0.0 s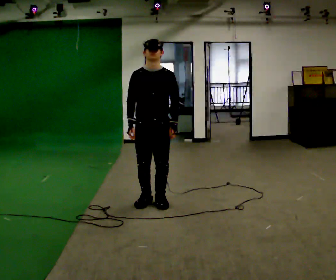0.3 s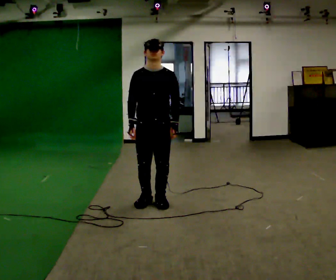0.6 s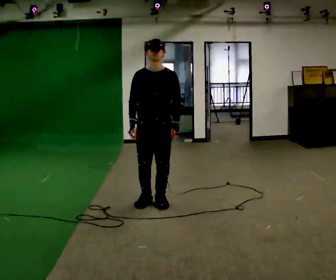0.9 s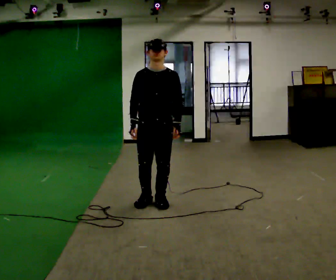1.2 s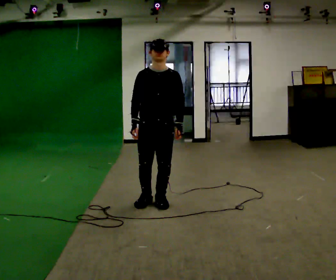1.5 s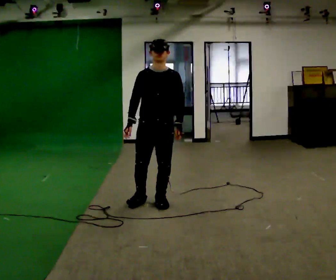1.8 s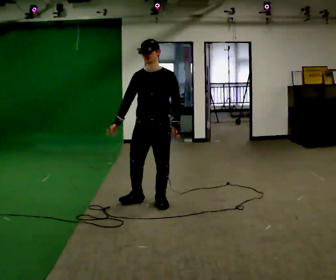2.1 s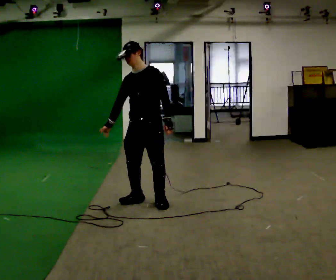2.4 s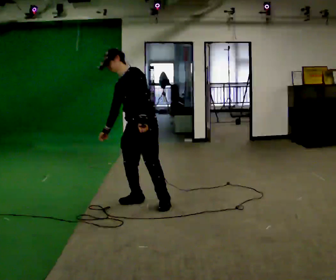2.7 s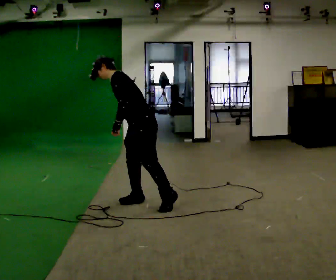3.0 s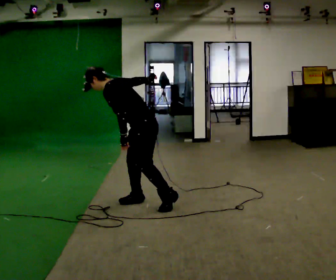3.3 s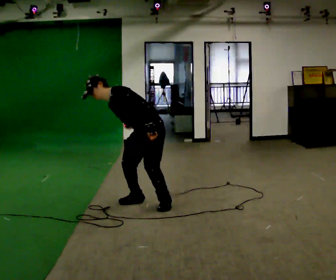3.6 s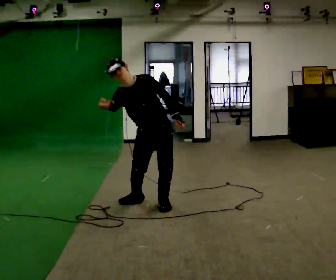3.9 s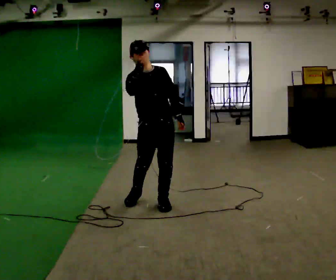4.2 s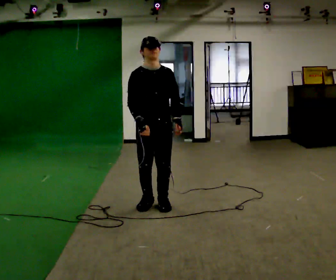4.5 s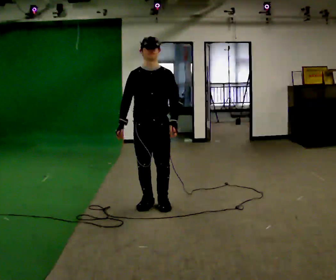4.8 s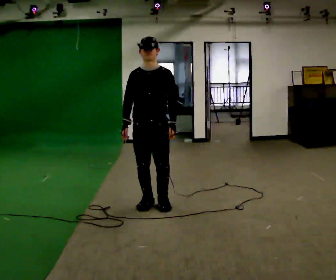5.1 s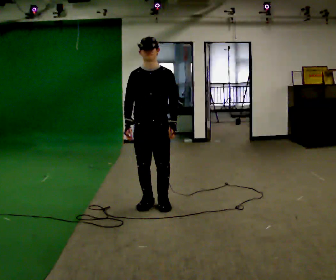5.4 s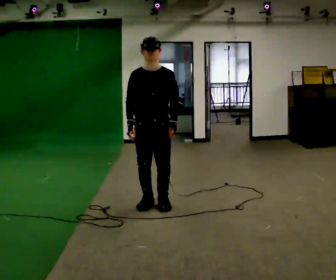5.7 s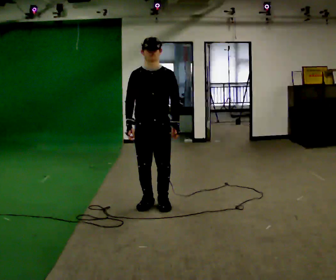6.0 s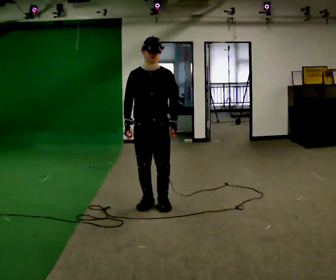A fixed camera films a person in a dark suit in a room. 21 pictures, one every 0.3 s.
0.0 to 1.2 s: The person moves a little, or ends about where they began.
1.2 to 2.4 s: Seen from above the body turns clockwise, about 45 degrees: to their right, with its near side sliding to the left. In the picture the upper body tilts counterclockwise, shoulders to the left. In the picture their left hand goes to the left.
2.4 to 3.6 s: The part of the body nearest the lens slides to the right as the person turns to their left by about 45 degrees. The upper body tips toward the camera, its near side rolling downward. In the picture their right hand goes upward.
3.6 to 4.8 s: The upper body goes upward. In the picture the upper body tilts clockwise, shoulders to the right.
4.8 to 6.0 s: The person moves a little, or ends about where they began.
The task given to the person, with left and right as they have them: Mime a bowling delivery with no ball: approach in place, swing down and release. Repeat the movement at your own pace until the operator says stop; do not rush.
The film runs forward here.
